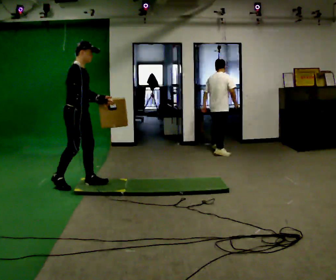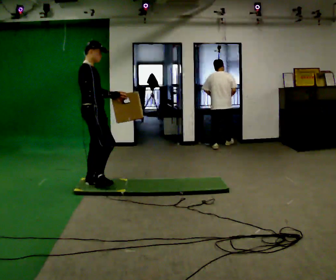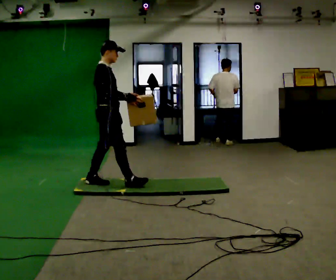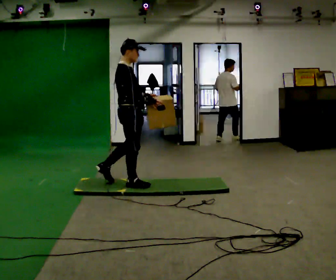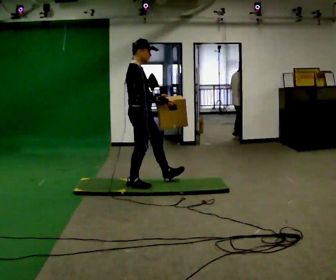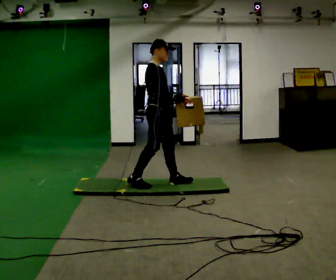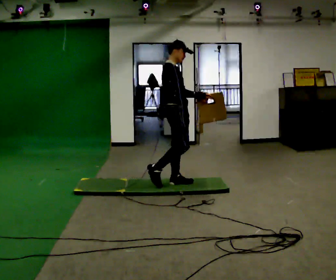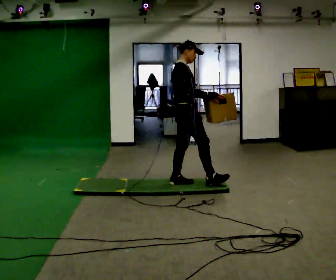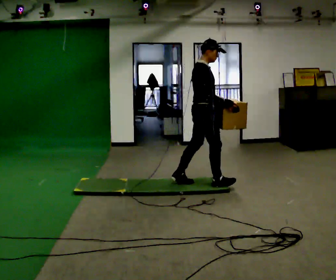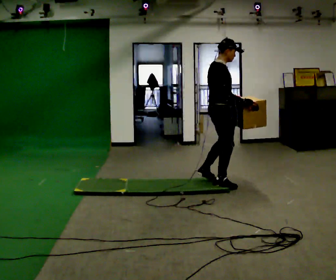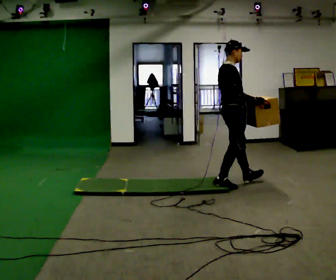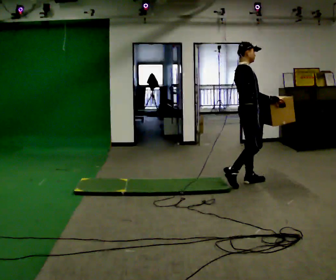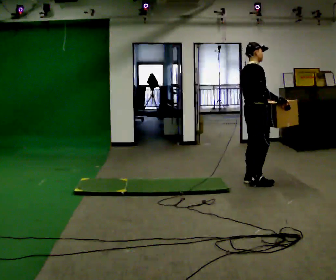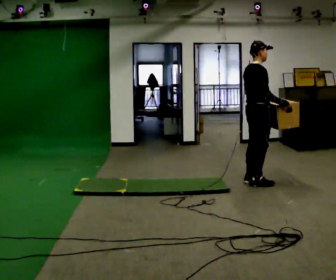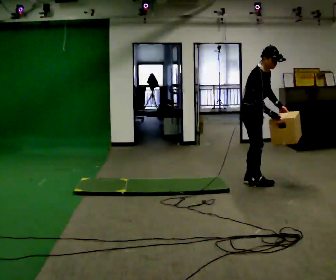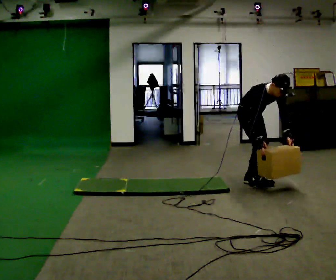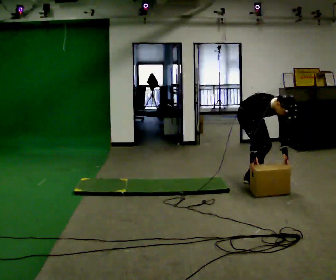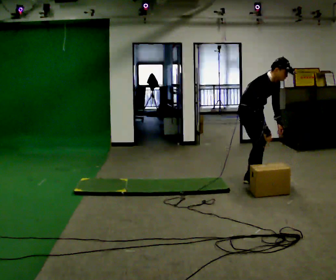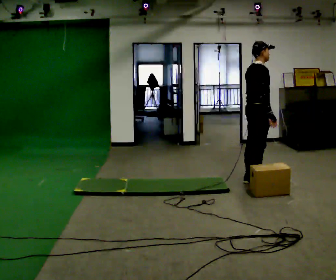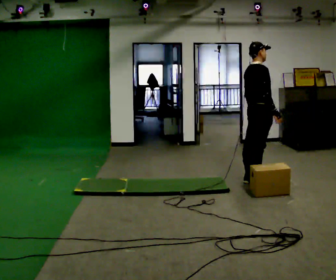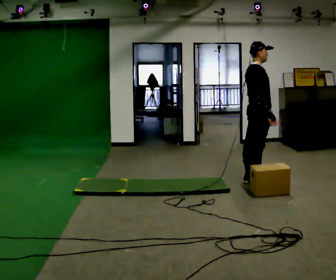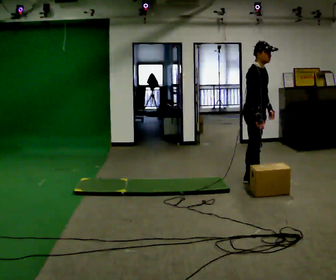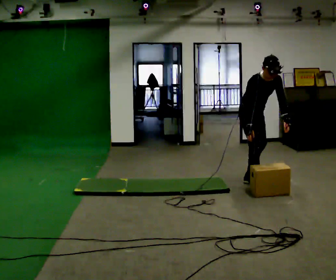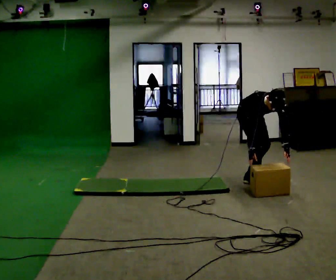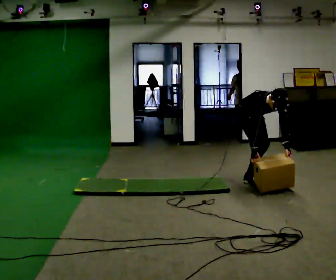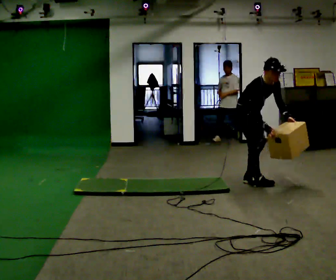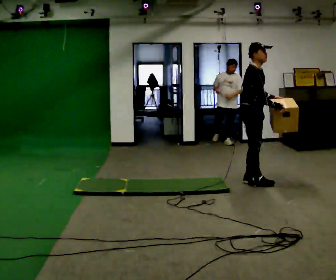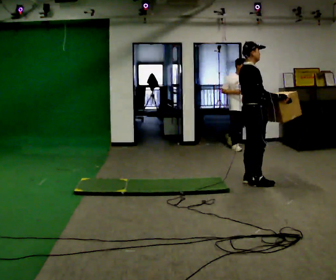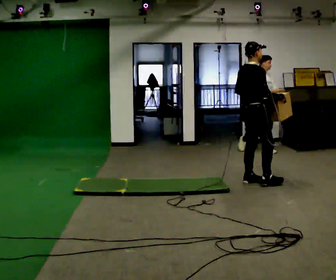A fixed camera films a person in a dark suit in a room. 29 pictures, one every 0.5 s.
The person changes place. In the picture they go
to the right.
0.0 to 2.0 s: In the picture they go to the right, about 1 m in 1 step, which for them is forward.
2.0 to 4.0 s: In the picture they go to the right and away from the camera, about 0.5 m in 2 steps, which for them is forward.
4.0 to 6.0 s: In the picture they go to the right and away from the camera, about 0.75 m in 2 steps, which for them is forward.
6.0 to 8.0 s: Seen from above the body turns clockwise, about 60 degrees: to their right, with its near side sliding to the left. The shoulders move downward. In the picture the upper body tilts clockwise, shoulders to the right, as they bend forward. In the picture their right hand goes downward, the arm swinging clockwise.
8.0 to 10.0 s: The part of the body nearest the lens slides to the right as the person turns to their left by about 60 degrees. The upper body goes upward. In the picture the upper body tilts counterclockwise, shoulders to the left, as they lean back or straighten. In the picture their left hand goes upward and to the left.
10.0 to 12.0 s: The person turns about 60 degrees to their right, clockwise seen from above, so the part of the body nearest the lens slides to the left. The upper body goes downward. The upper body tips toward the camera, its near side rolling downward, as they bend forward. In the picture their left hand goes to the right and downward.
12.0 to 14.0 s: The part of the body nearest the lens slides to the right as the person turns to their left by about 75 degrees. The shoulders move upward. In the picture the upper body tilts counterclockwise, shoulders to the left, as they lean back or straighten. In the picture their right hand goes upward, the arm swinging counterclockwise.
The film runs forward here.
